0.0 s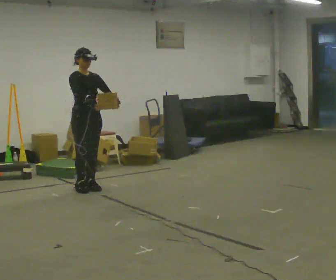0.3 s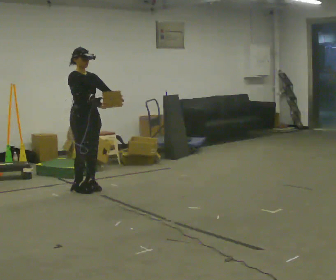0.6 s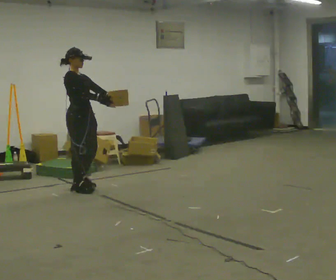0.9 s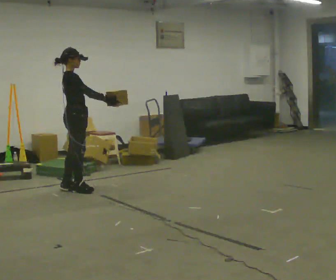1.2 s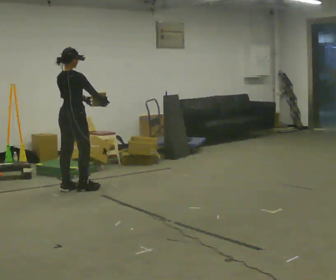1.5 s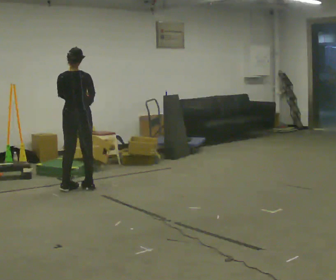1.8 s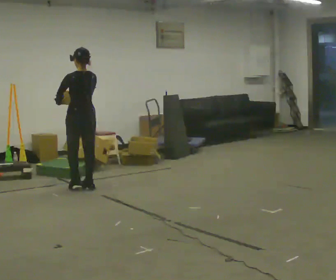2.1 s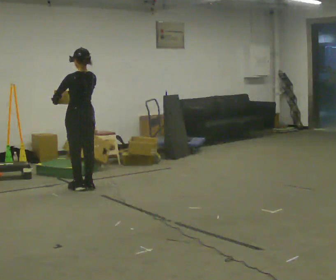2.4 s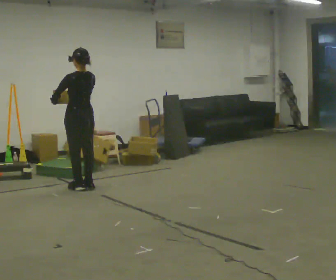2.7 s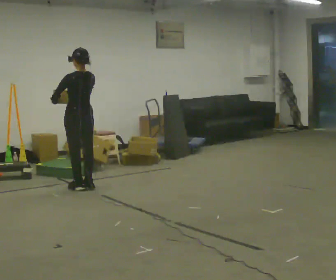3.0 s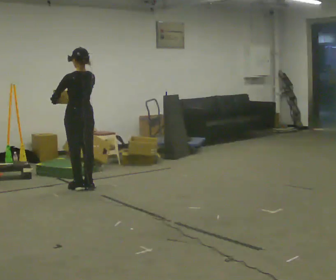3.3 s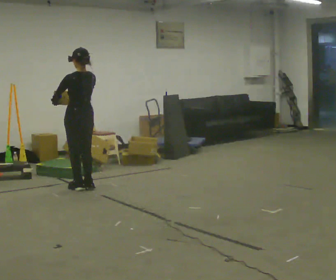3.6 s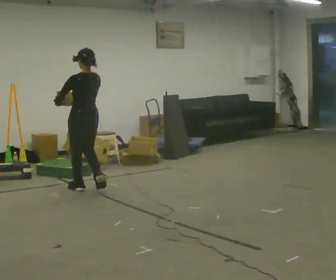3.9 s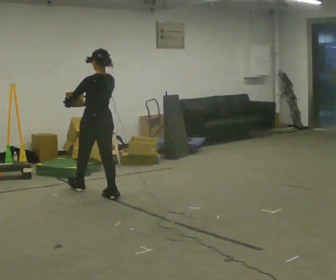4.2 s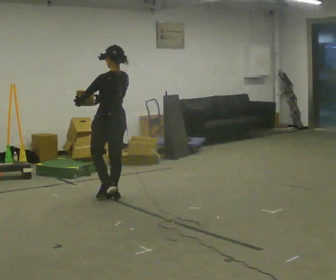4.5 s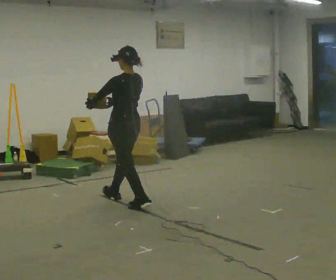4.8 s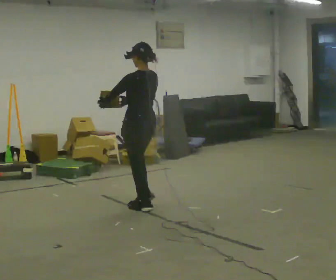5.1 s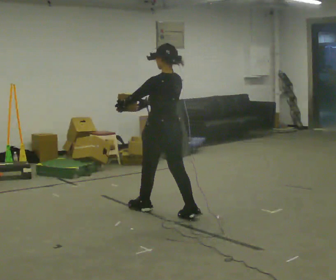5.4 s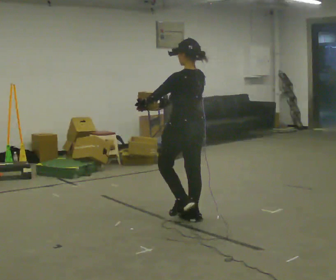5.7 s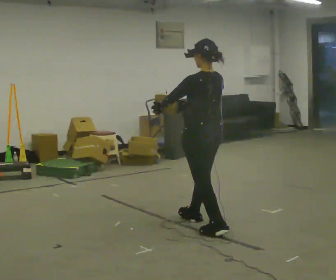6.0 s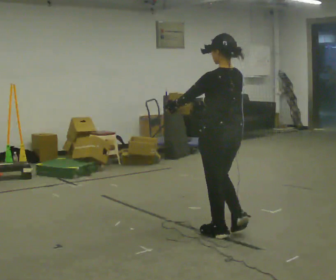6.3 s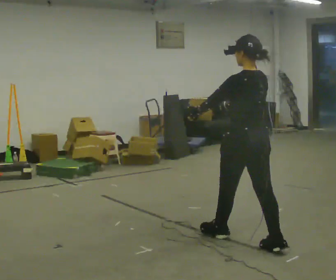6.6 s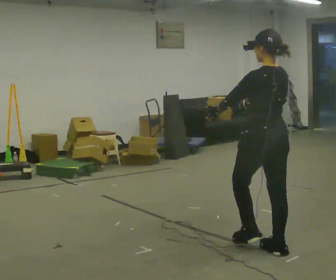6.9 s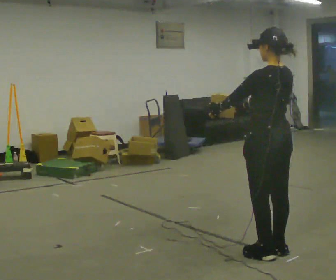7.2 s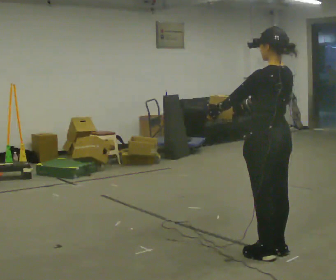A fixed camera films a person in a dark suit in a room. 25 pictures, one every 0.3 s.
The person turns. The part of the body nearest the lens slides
to the right.
The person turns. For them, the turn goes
to their left.
0.0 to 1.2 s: The person turns about 105 degrees to their left, counterclockwise seen from above, so the part of the body nearest the lens slides to the right. In the picture their left hand goes to the left.
1.2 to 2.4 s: The person turns about 75 degrees to their left, counterclockwise seen from above, so the part of the body nearest the lens slides to the right. In the picture their right hand goes to the left.
2.4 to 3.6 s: In the picture they go toward the camera, about 0.25 m in 1 step, which for them is backward.
3.6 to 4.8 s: In the picture they go toward the camera and to the right, about 1 m in 2 steps, which for them is backward.
4.8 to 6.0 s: In the picture they go toward the camera and to the right, about 1 m in 2 steps, which for them is backward.
6.0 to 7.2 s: In the picture they go toward the camera and to the right, about 0.5 m in 1 step, which for them is backward.
The film runs backward here.
